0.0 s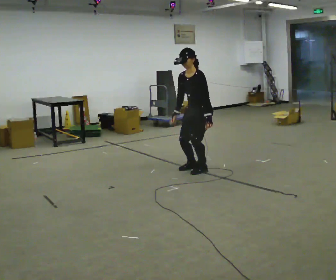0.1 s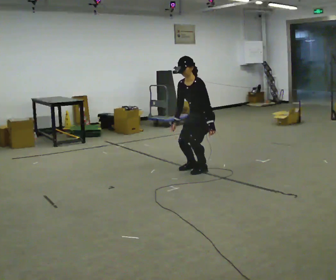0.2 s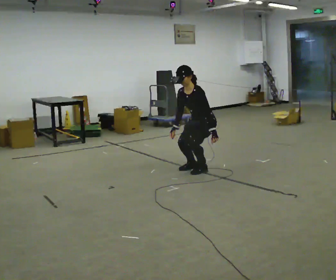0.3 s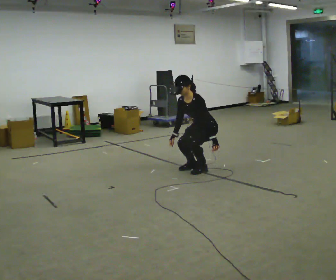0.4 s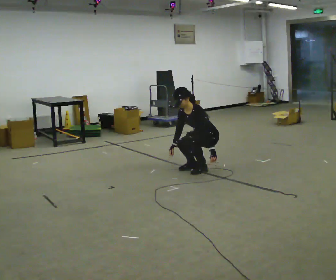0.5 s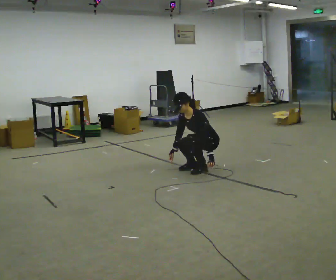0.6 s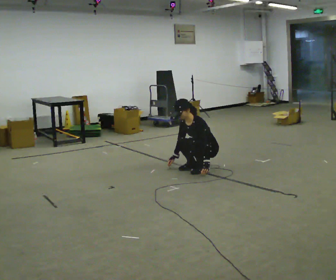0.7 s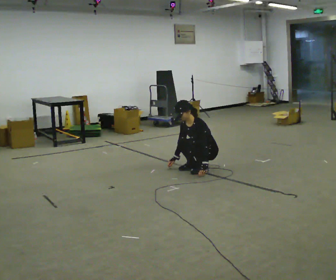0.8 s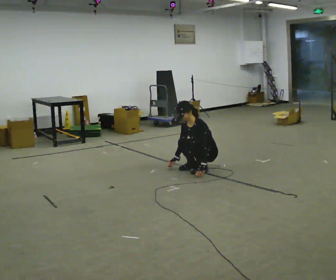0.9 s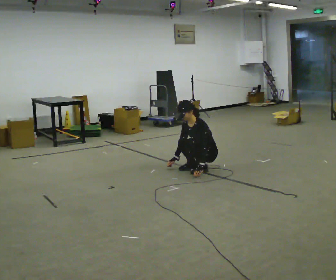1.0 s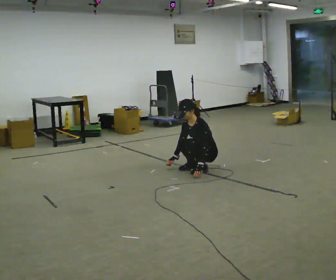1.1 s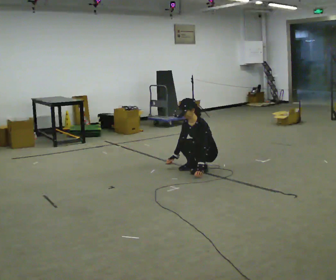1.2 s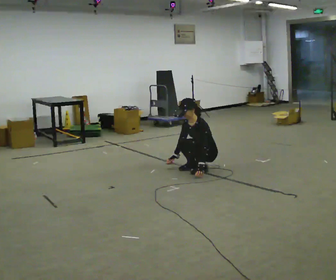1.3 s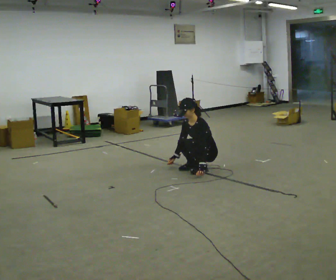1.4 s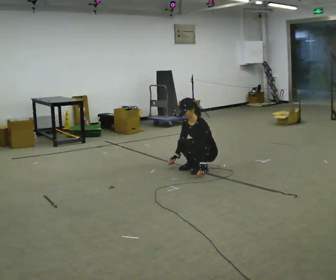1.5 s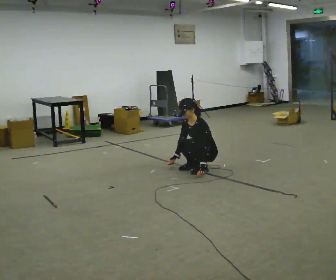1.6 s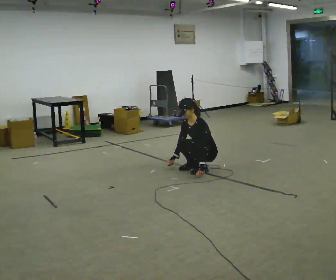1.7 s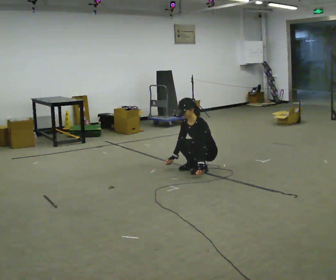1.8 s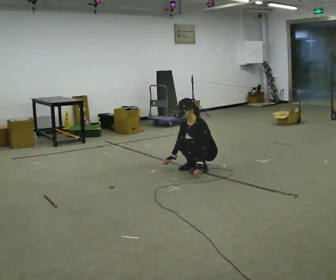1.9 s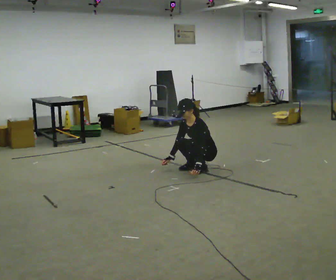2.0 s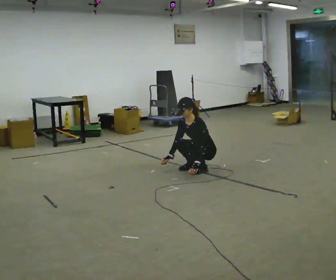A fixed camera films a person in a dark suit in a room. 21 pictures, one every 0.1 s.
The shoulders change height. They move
downward.
Their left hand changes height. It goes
downward.
0.0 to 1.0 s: The shoulders move downward. In the picture their left hand goes downward.
1.0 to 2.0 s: The person moves a little, or ends about where they began.
The film runs backward here.
